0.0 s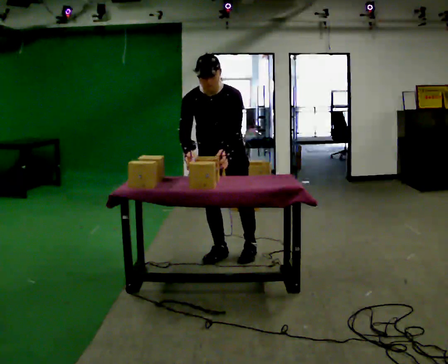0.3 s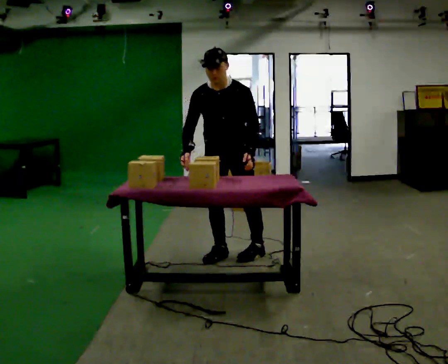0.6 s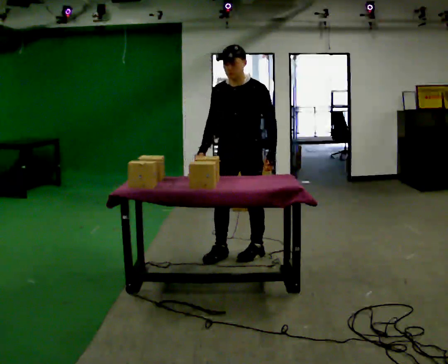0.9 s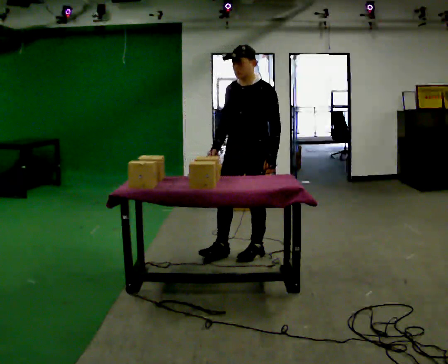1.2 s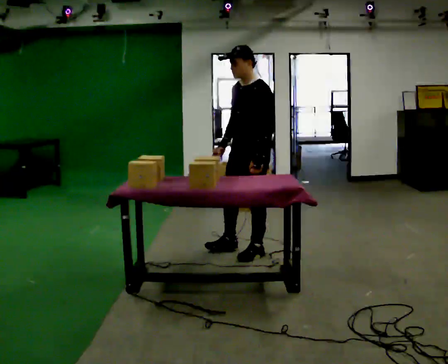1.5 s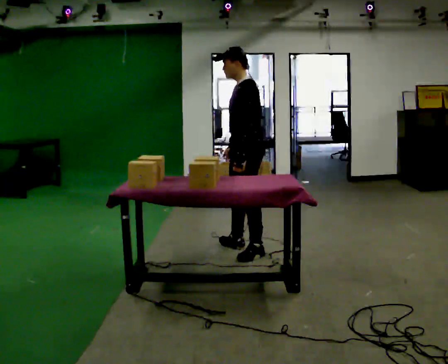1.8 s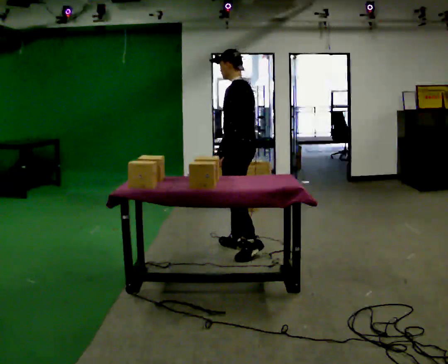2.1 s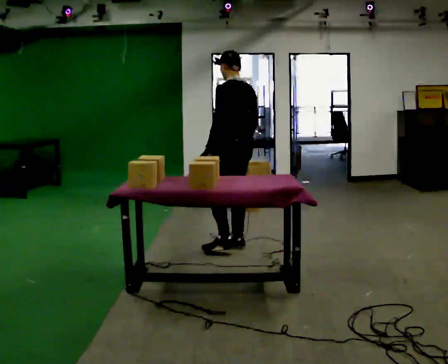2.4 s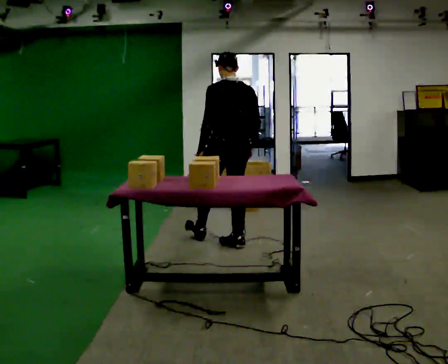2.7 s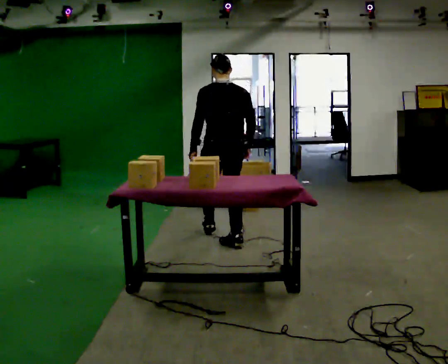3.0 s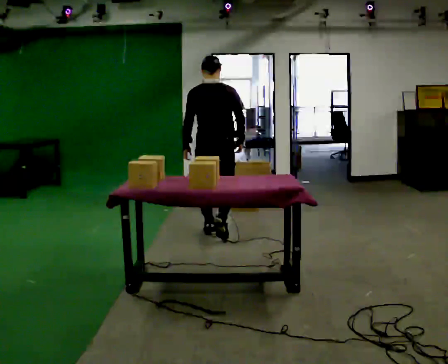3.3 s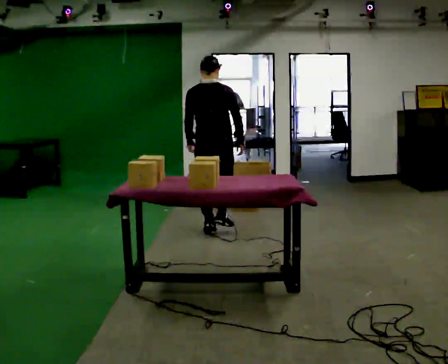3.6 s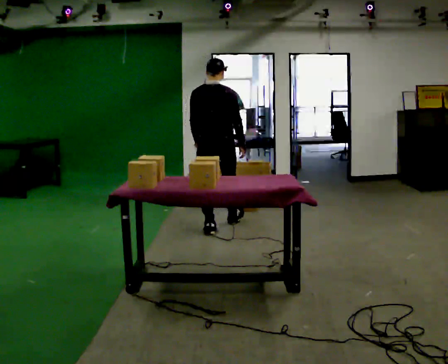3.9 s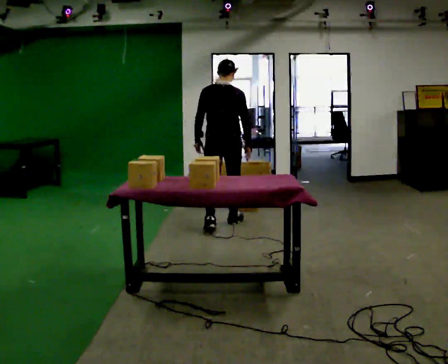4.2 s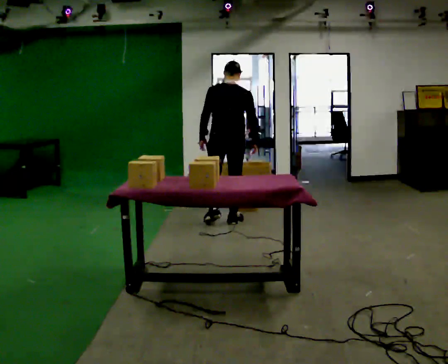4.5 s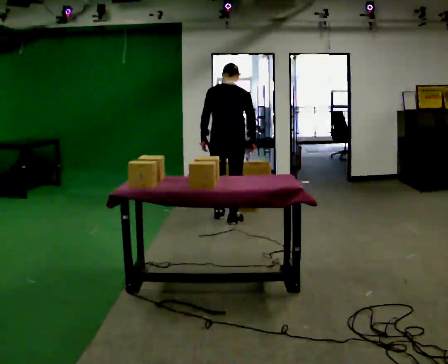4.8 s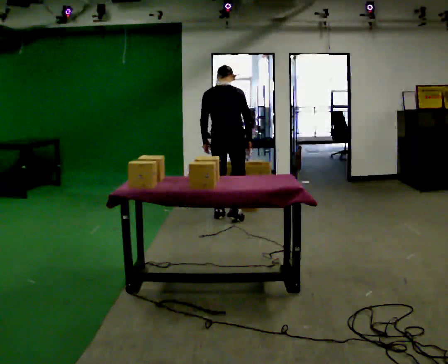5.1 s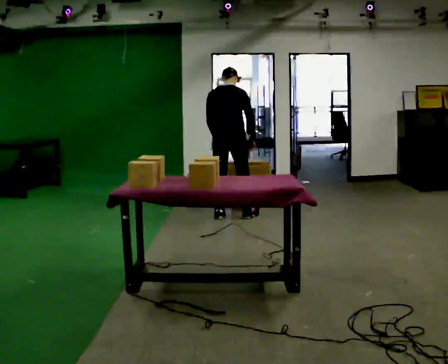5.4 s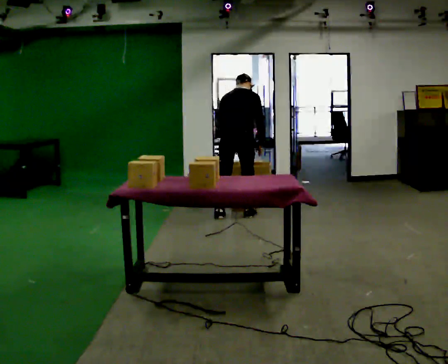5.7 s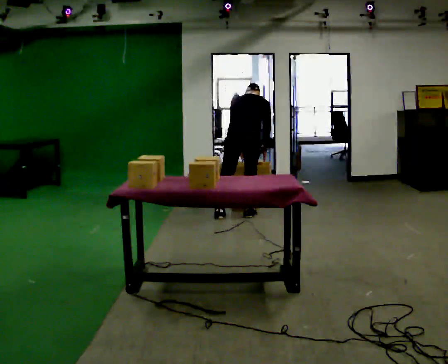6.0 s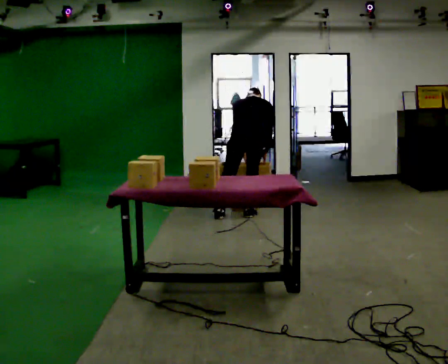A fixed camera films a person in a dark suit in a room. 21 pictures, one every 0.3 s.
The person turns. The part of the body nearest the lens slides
to the left.
The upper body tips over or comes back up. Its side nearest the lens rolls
upward.
0.0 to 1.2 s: Seen from above the body turns clockwise, about 60 degrees: to their right, with its near side sliding to the left. In the picture they go to the right, about 0.25 m, which for them is to their left and backward. The upper body tips away from the camera, its near side rolling upward, as they lean back or straighten.
1.2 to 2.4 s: Seen from above the body turns clockwise, about 105 degrees: to their right, with its near side sliding to the left. In the picture they go away from the camera and to the left, about 0.25 m in 1 step.
2.4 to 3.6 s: Seen from above the body turns clockwise, about 30 degrees: to their right, with its near side sliding to the left. In the picture they go away from the camera, about 0.5 m in 2 steps, which for them is forward.
3.6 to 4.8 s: In the picture they go away from the camera, about 0.5 m in 1 step, which for them is forward.
4.8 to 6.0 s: In the picture they go to the right, about 0.25 m in 1 step, which for them is to their right. The upper body tips away from the camera, its near side rolling upward, as they bend forward.
The film runs forward here.
